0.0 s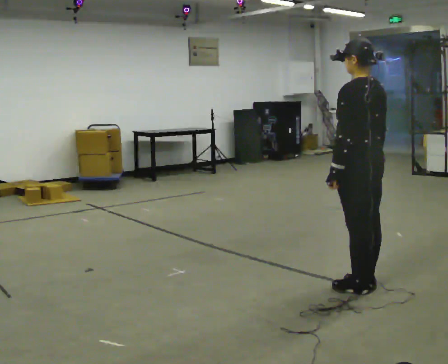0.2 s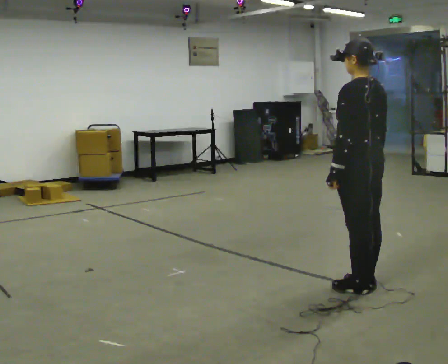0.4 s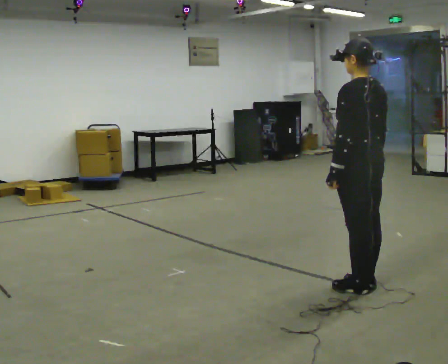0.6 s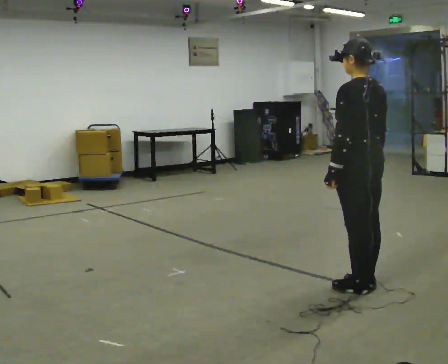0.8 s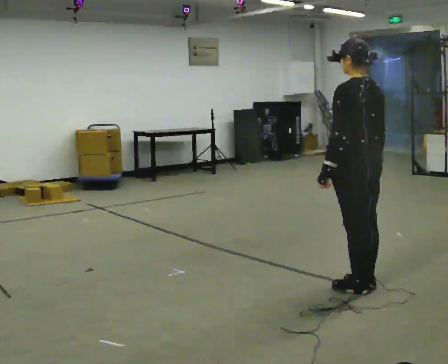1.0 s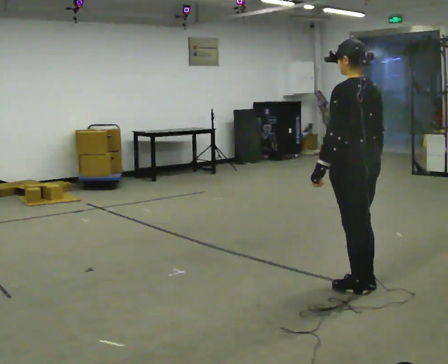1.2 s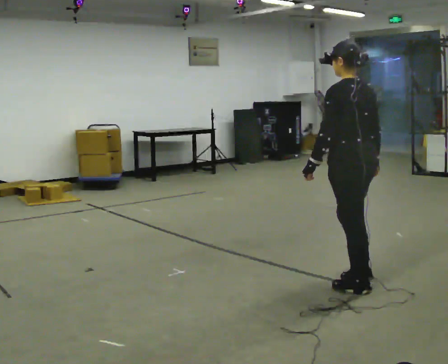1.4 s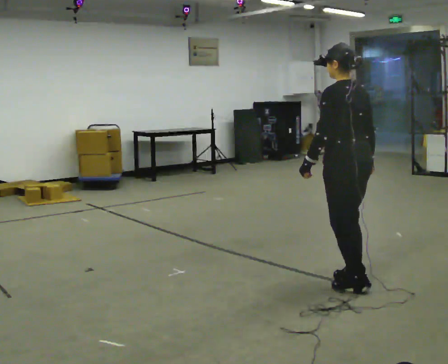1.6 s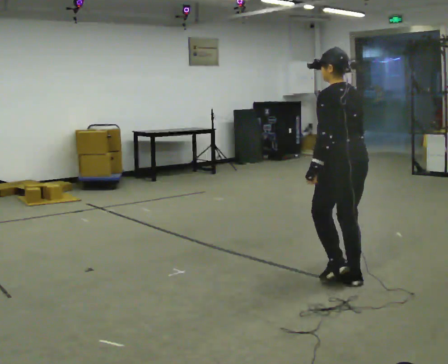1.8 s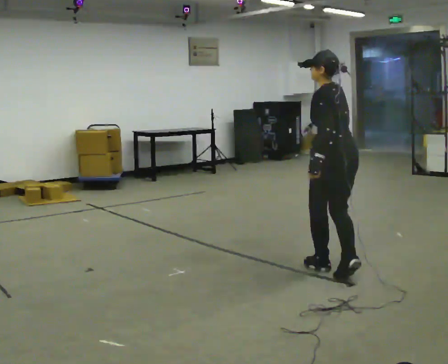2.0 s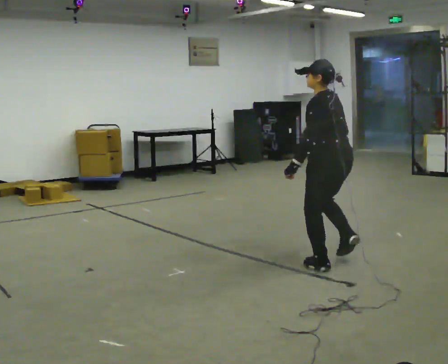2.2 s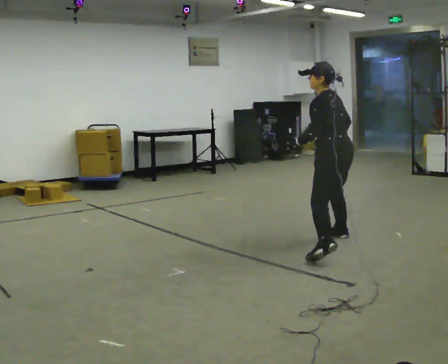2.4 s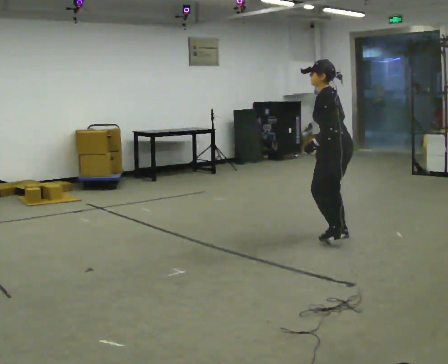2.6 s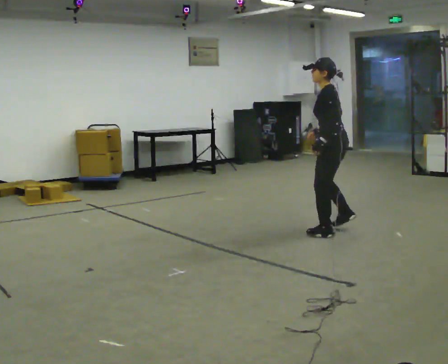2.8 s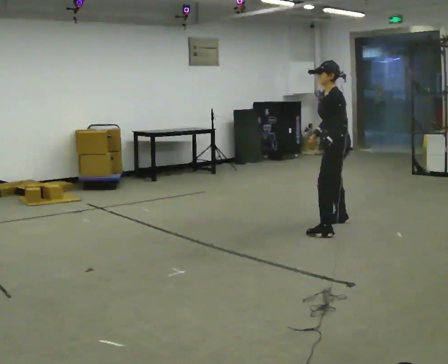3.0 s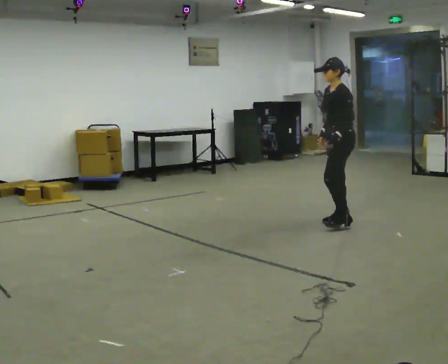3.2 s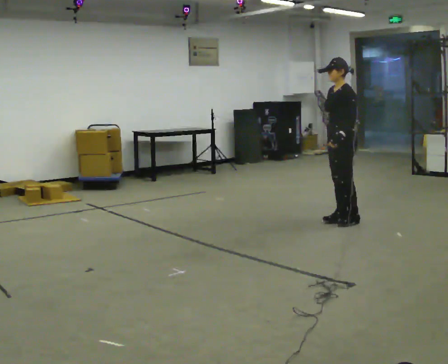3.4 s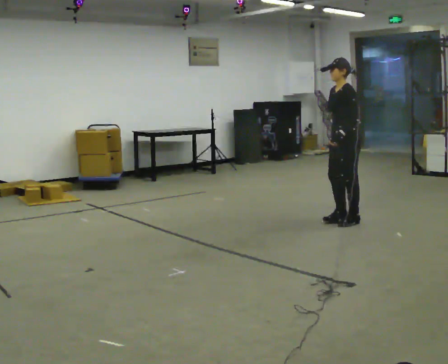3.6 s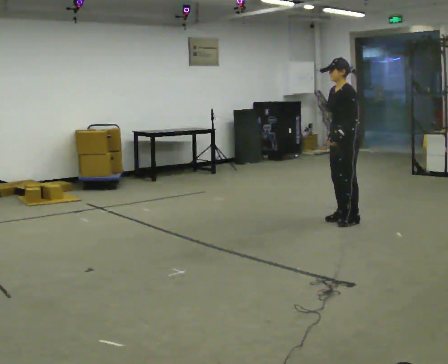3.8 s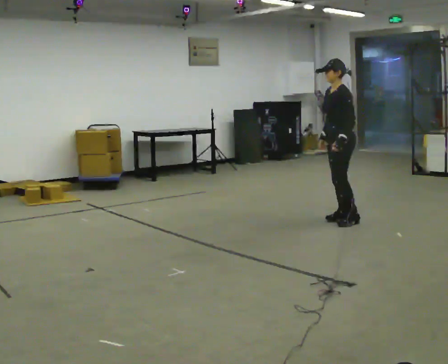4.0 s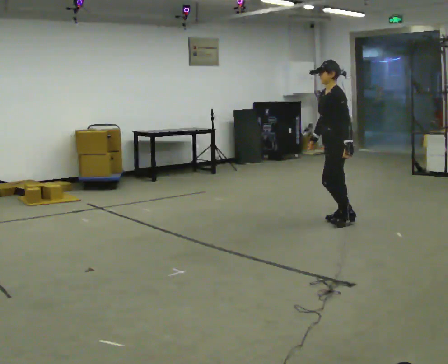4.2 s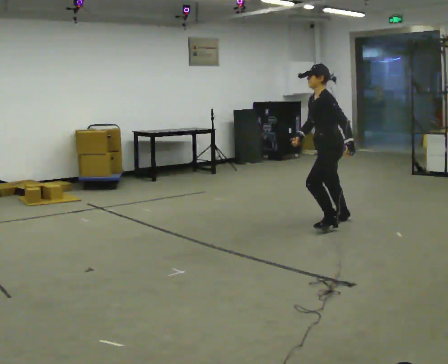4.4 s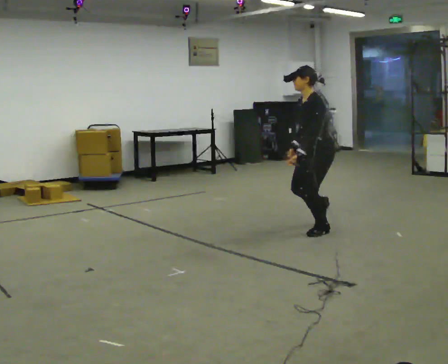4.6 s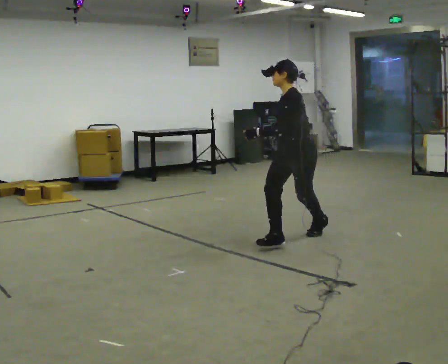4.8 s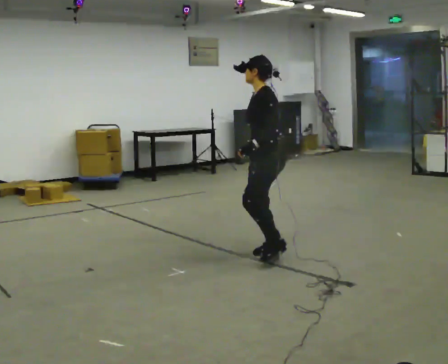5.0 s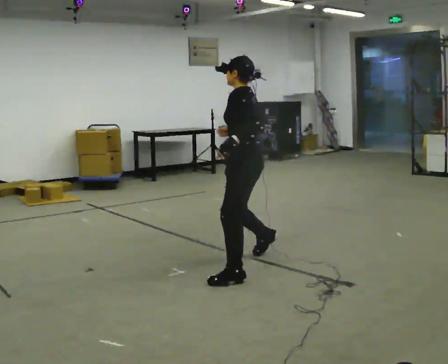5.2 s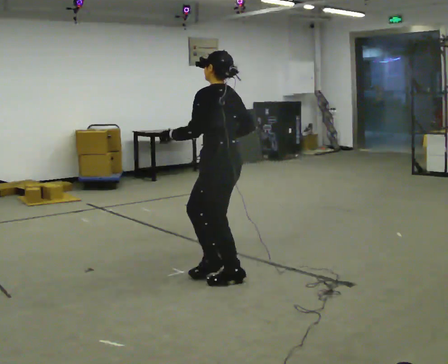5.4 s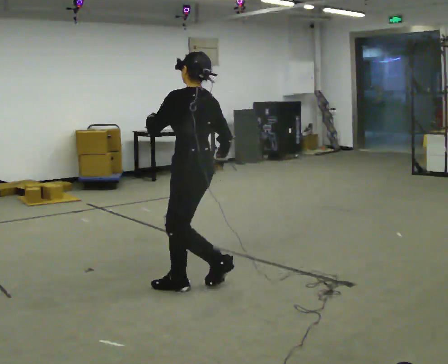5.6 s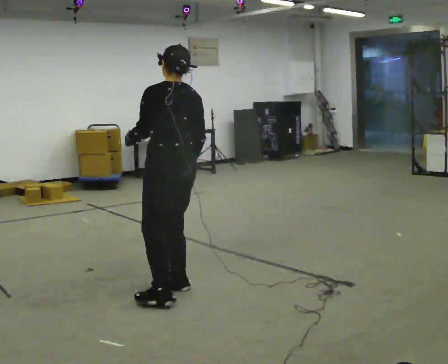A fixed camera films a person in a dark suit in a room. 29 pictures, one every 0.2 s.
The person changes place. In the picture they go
to the left.
0.0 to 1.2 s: The person moves a little, or ends about where they began.
1.2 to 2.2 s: In the picture they go away from the camera, about 1 m in 1 step, which for them is to their right and forward.
2.2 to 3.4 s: Seen from above the body turns counterclockwise, about 45 degrees: to their left, with its near side sliding to the right. In the picture they go away from the camera, about 1 m in 4 steps, which for them is to their right.
3.4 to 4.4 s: In the picture they go toward the camera and to the left, about 0.5 m in 1 step, which for them is forward and to their left.
4.4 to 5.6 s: The person turns about 45 degrees to their right, clockwise seen from above, so the part of the body nearest the lens slides to the left. In the picture they go toward the camera and to the left, about 2 m in 3 steps, which for them is to their left and forward. The upper body tips away from the camera, its near side rolling upward, as they lean back or straighten.
The film runs forward here.
